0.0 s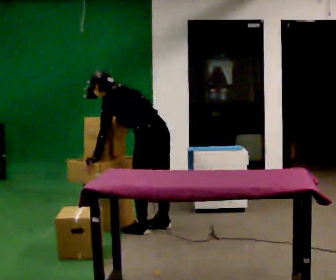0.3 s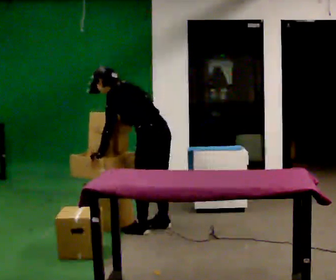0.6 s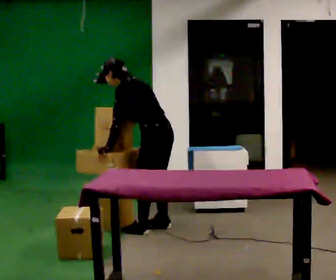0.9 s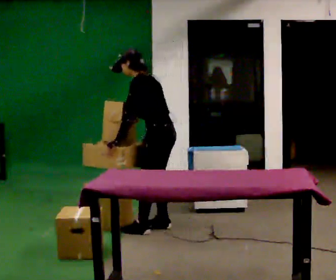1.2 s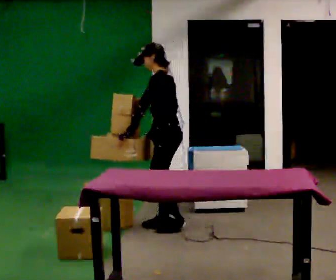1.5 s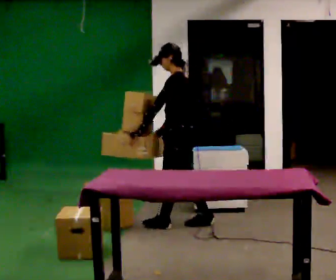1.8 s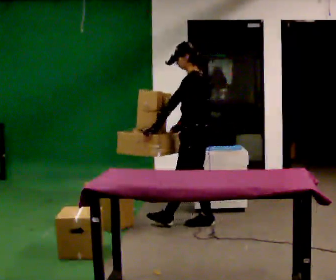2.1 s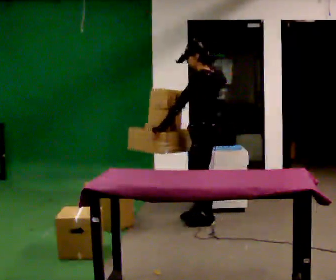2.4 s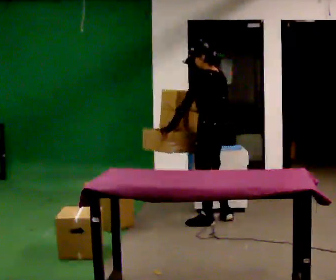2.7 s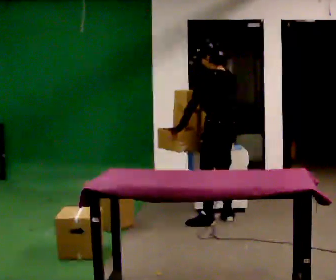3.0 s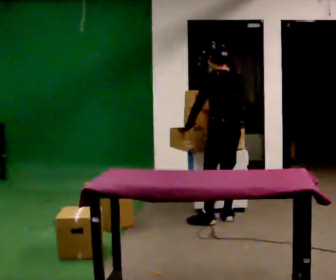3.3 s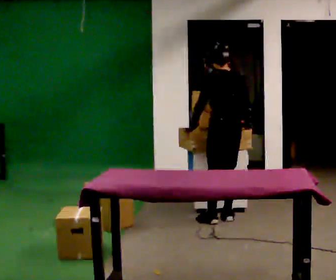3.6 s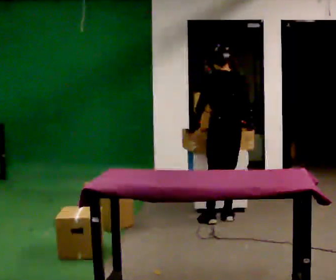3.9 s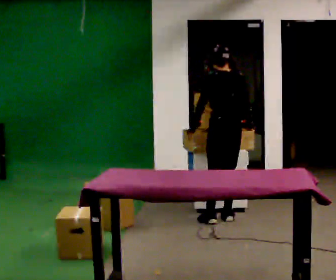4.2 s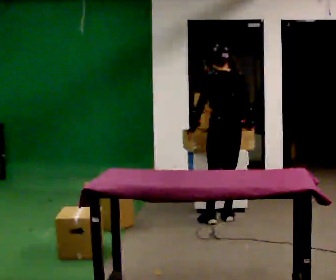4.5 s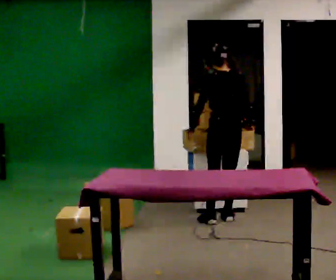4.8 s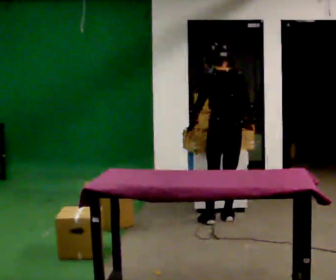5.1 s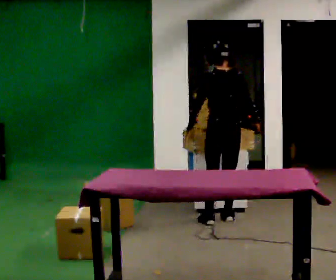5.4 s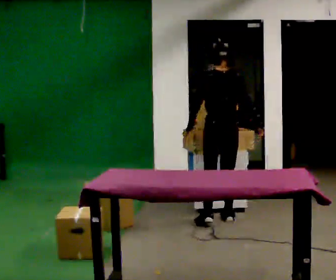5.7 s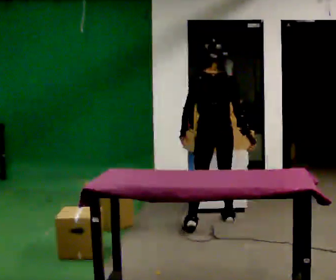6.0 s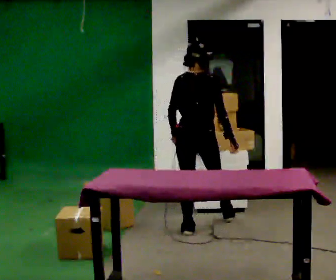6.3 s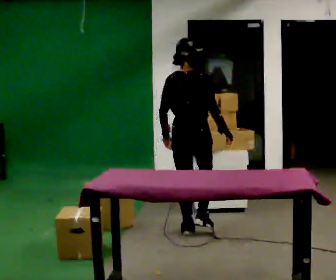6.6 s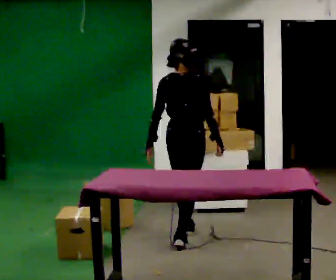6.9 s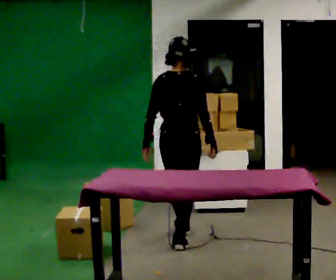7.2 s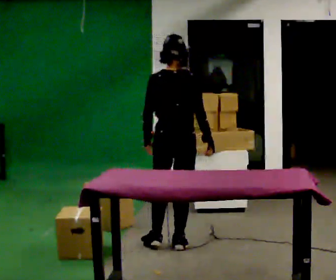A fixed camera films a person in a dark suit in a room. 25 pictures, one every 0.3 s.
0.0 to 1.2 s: The part of the body nearest the lens slides to the right as the person turns to their left by about 30 degrees. In the picture they go away from the camera, about 0.25 m in 1 step, which for them is to their right. In the picture the upper body tilts clockwise, shoulders to the right, as they lean back or straighten.
1.2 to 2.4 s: The person turns about 30 degrees to their right, clockwise seen from above, so the part of the body nearest the lens slides to the left. In the picture they go to the right, about 0.5 m in 1 step, which for them is backward.
2.4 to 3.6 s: Seen from above the body turns clockwise, about 30 degrees: to their right, with its near side sliding to the left. In the picture they go away from the camera, about 0.25 m, which for them is to their right. In the picture their right hand goes to the right.
3.6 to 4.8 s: The person moves a little, or ends about where they began.
4.8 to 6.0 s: Seen from above the body turns clockwise, about 30 degrees: to their right, with its near side sliding to the left. In the picture they go toward the camera and to the left, about 0.5 m in 2 steps, which for them is to their left and backward. The upper body tips toward the camera, its near side rolling downward, as they lean back or straighten.
6.0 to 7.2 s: In the picture they go toward the camera, about 0.5 m in 1 step, which for them is backward.
The film runs backward here.
